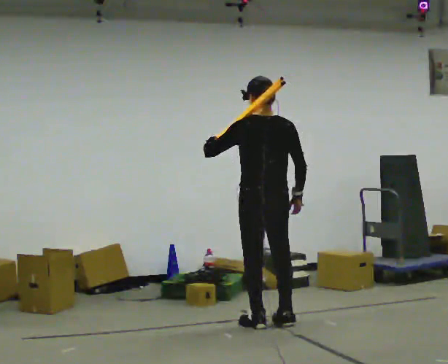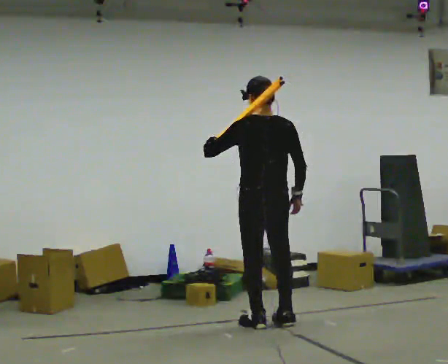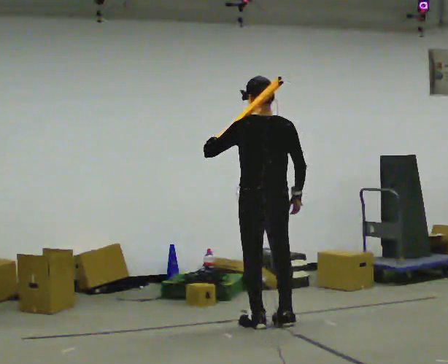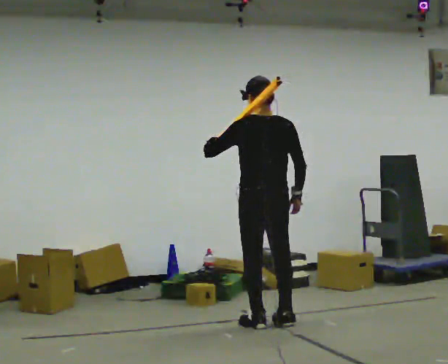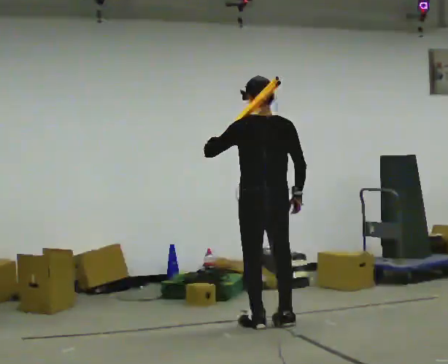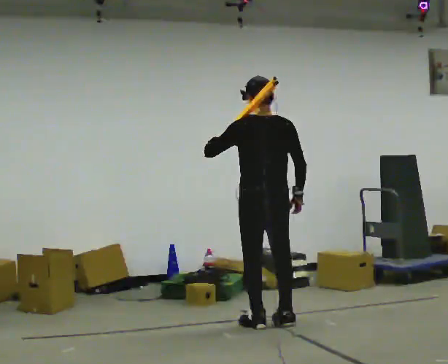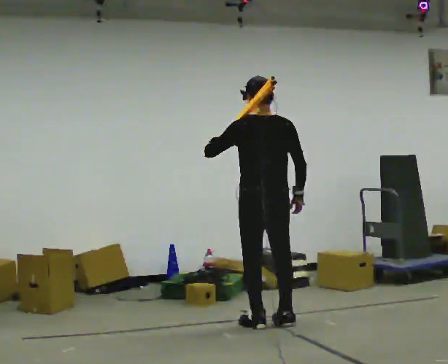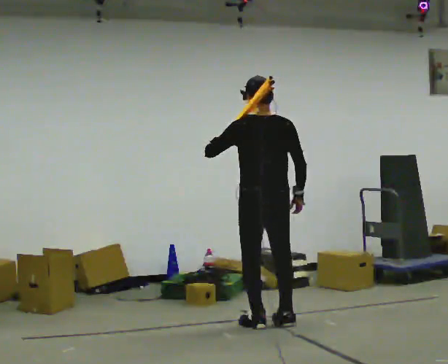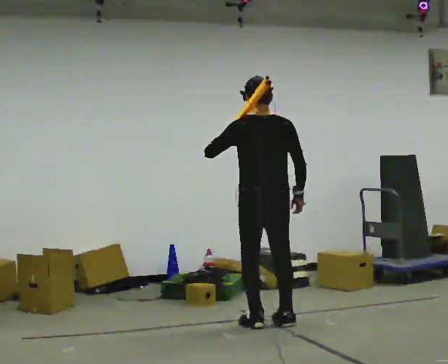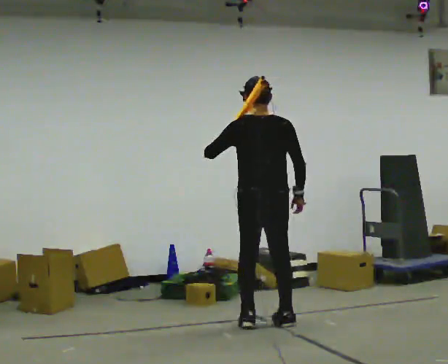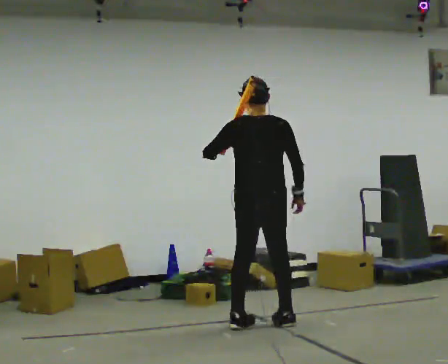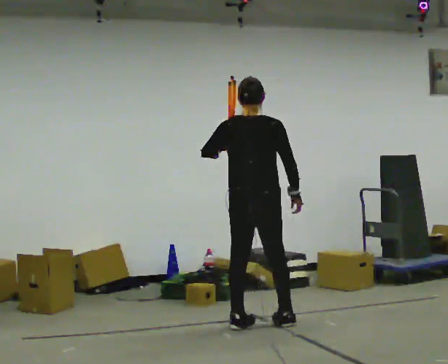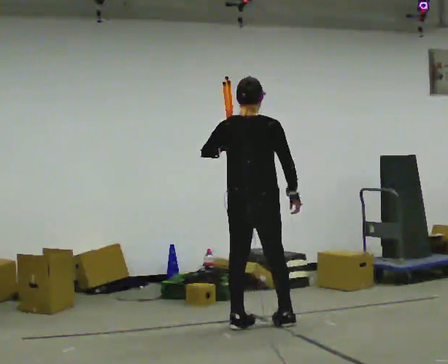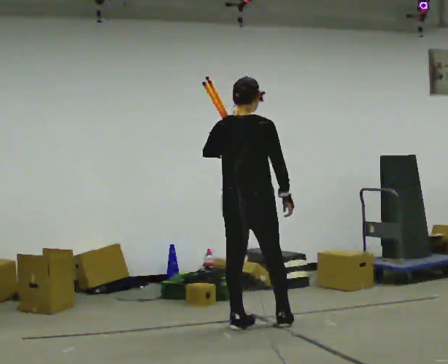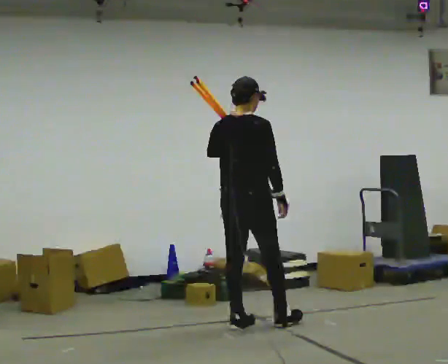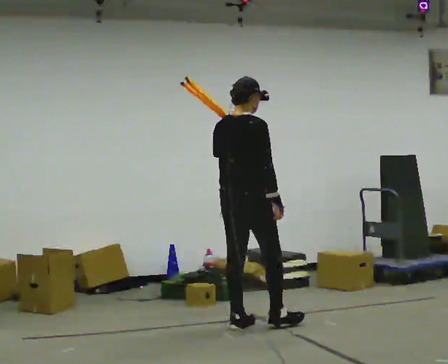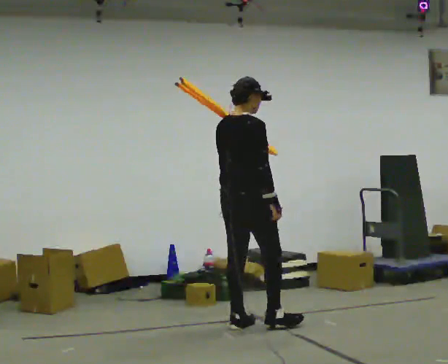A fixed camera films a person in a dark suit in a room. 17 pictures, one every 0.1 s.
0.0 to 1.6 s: The part of the body nearest the lens slides to the left as the person turns to their right by about 75 degrees. In the picture they go to the left, about 0.25 m in 1 step. In the picture their left hand goes to the right.
The film runs forward here.
